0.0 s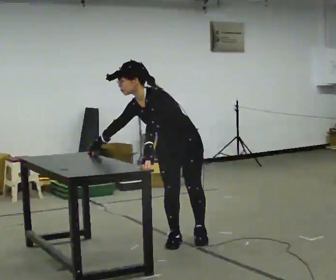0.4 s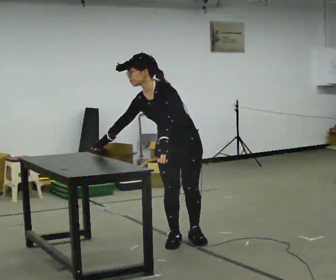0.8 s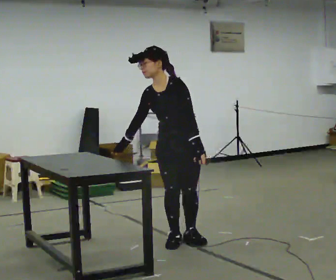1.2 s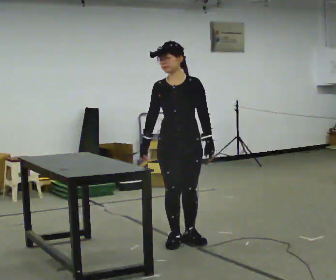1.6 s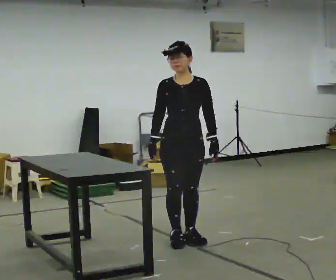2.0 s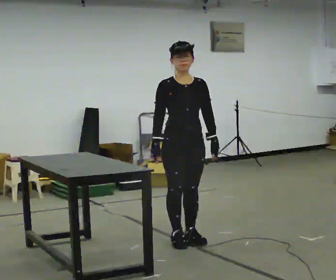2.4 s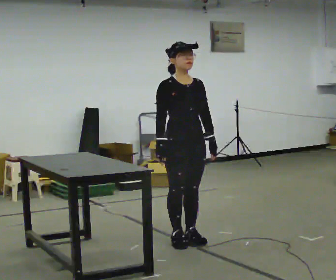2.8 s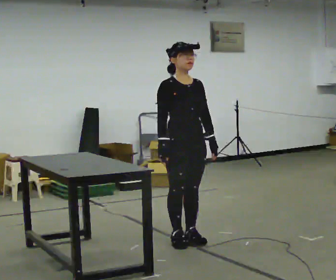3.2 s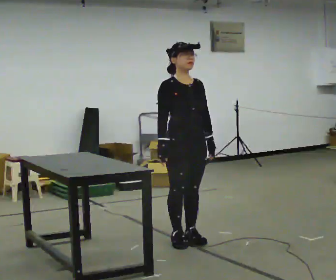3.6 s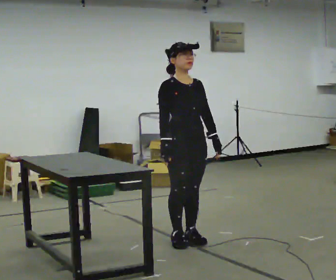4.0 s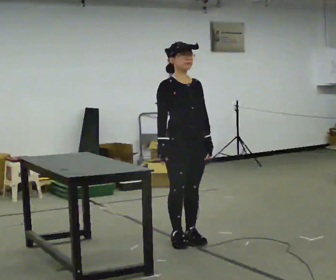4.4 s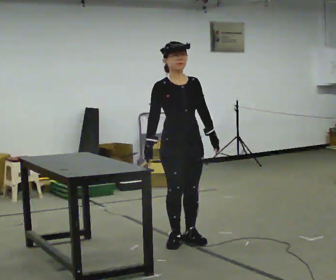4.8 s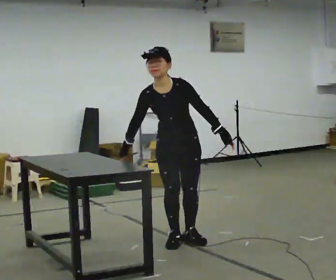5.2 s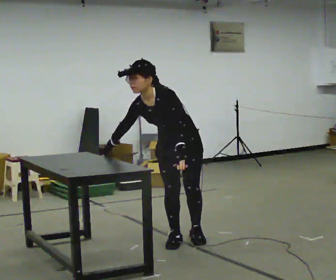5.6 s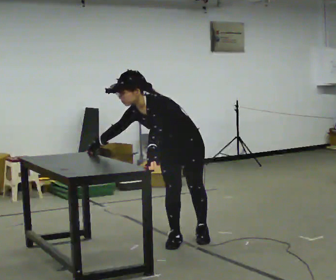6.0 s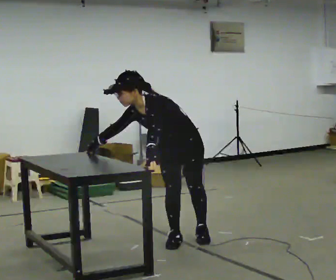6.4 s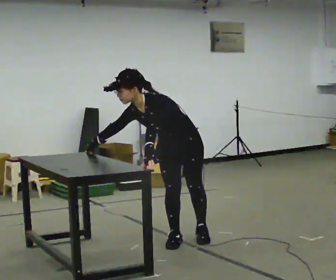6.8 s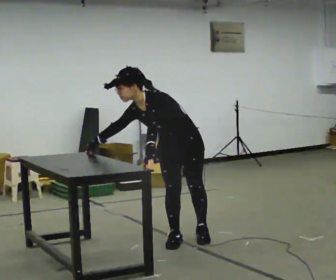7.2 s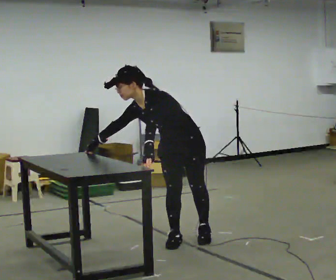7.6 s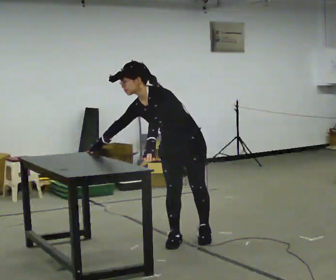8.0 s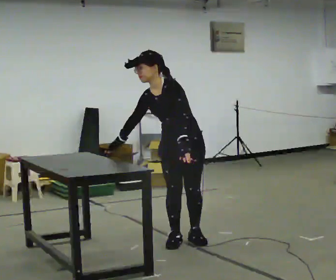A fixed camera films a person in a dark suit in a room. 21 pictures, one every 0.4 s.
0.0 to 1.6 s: The part of the body nearest the lens slides to the right as the person turns to their left by about 30 degrees. In the picture the upper body tilts clockwise, shoulders to the right, as they lean back or straighten. In the picture their left hand goes to the right.
1.6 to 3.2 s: The part of the body nearest the lens slides to the right as the person turns to their left by about 30 degrees.
3.2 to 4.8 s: The person turns about 30 degrees to their right, clockwise seen from above, so the part of the body nearest the lens slides to the left. The upper body tips toward the camera, its near side rolling downward, as they bend forward.
4.8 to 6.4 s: The person turns about 30 degrees to their right, clockwise seen from above, so the part of the body nearest the lens slides to the left. In the picture the upper body tilts counterclockwise, shoulders to the left, as they bend forward. In the picture their left hand goes to the left.
6.4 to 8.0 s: The upper body tips away from the camera, its near side rolling upward, as they lean back or straighten.
The film runs backward here.
